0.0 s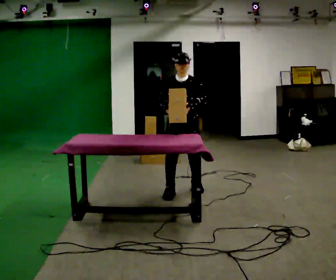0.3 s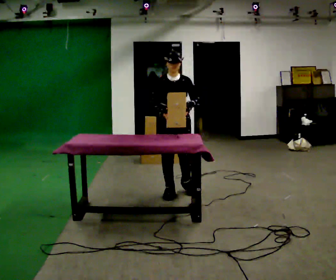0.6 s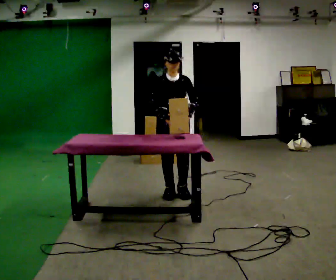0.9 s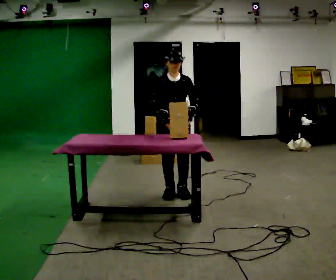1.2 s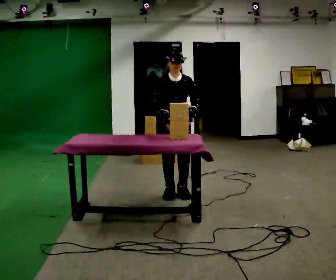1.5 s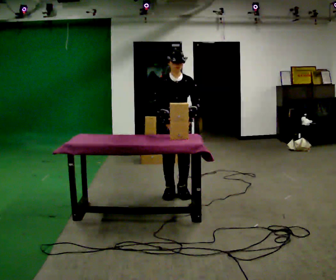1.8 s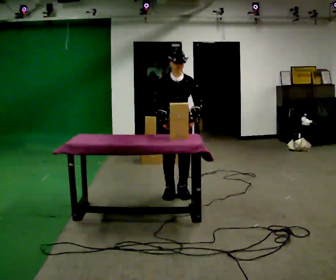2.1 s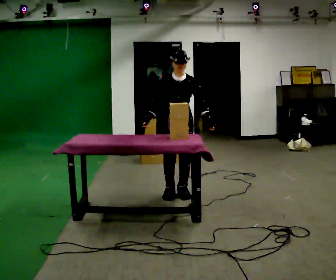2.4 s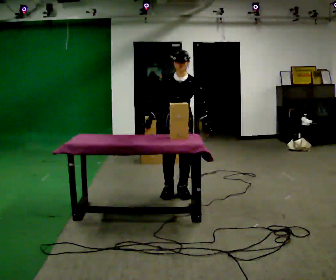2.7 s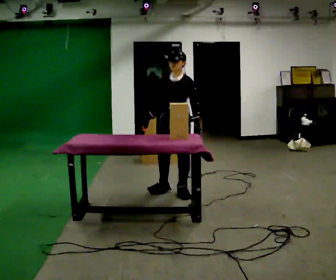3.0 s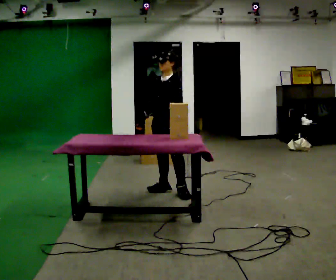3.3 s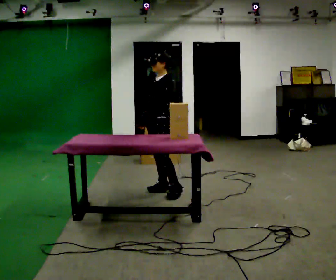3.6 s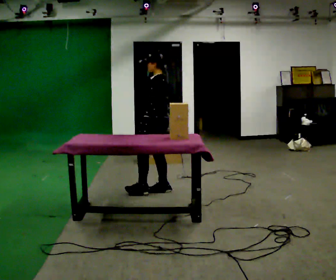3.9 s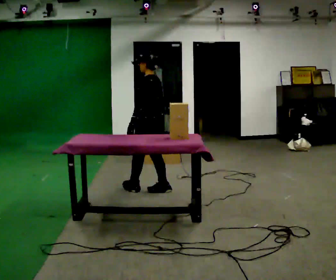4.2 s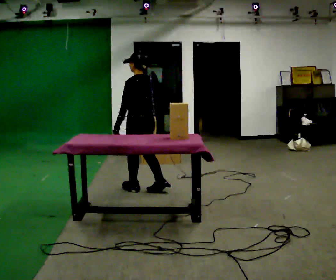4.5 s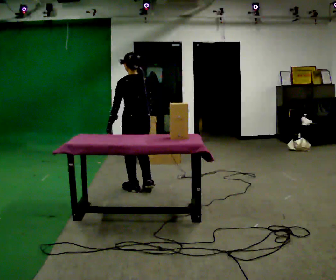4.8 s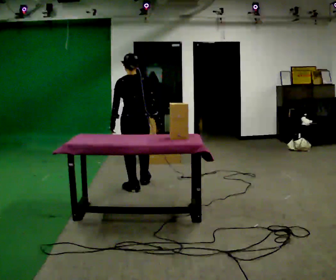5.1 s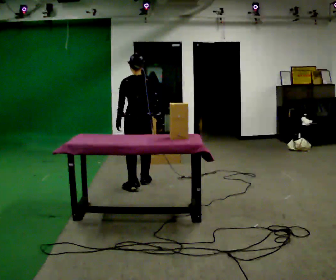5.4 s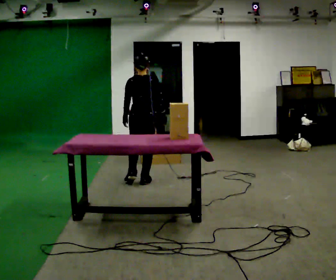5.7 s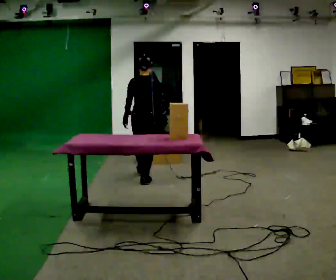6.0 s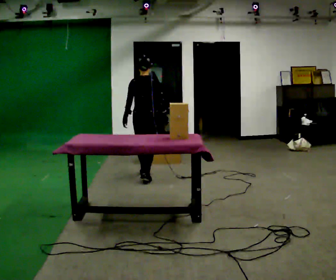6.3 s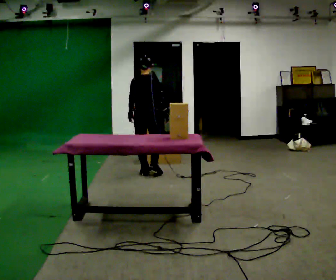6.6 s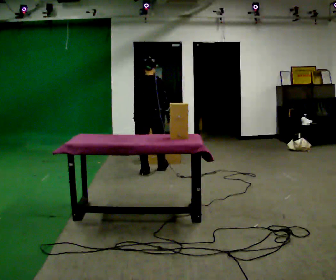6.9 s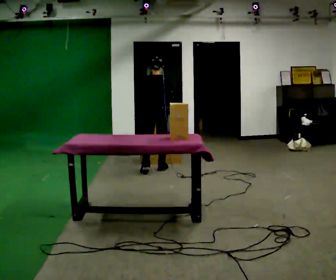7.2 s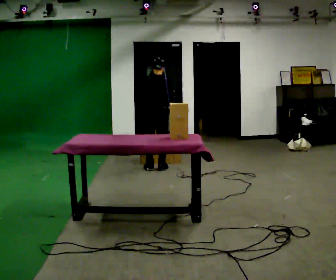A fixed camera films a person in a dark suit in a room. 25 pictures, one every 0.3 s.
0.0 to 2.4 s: The person moves a little, or ends about where they began.
2.4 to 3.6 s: Seen from above the body turns clockwise, about 90 degrees: to their right, with its near side sliding to the left. In the picture they go to the left, about 0.25 m.
3.6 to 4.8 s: The person turns about 60 degrees to their right, clockwise seen from above, so the part of the body nearest the lens slides to the left. In the picture they go to the left, about 0.25 m in 2 steps.
4.8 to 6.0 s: The part of the body nearest the lens slides to the left as the person turns to their right by about 30 degrees. In the picture they go away from the camera, about 0.5 m in 1 step, which for them is forward.
6.0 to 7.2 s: In the picture they go away from the camera, about 0.5 m in 2 steps, which for them is forward.
The film runs forward here.
